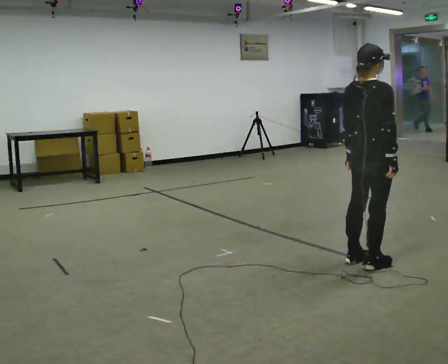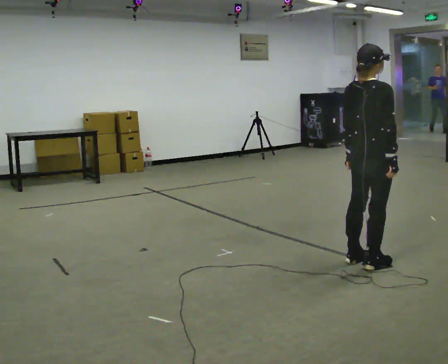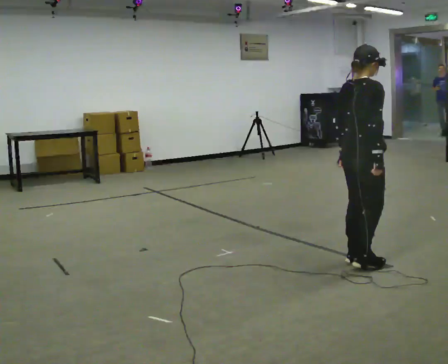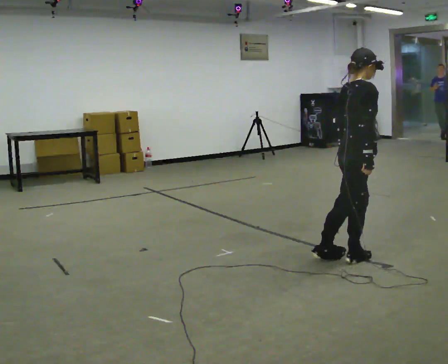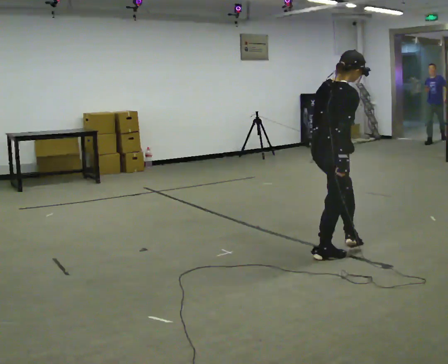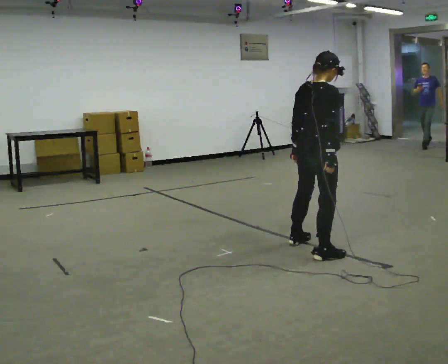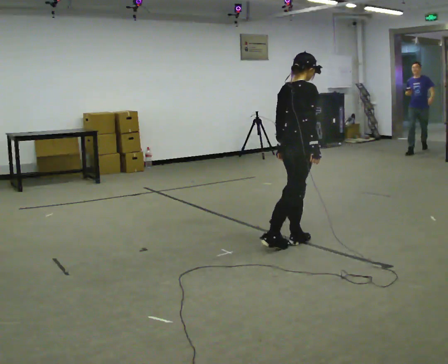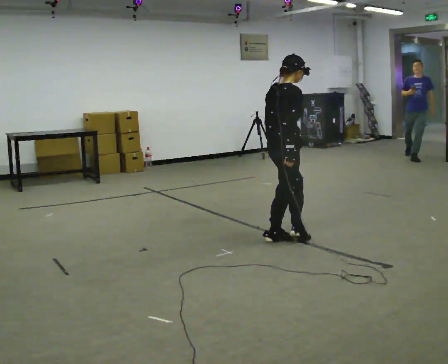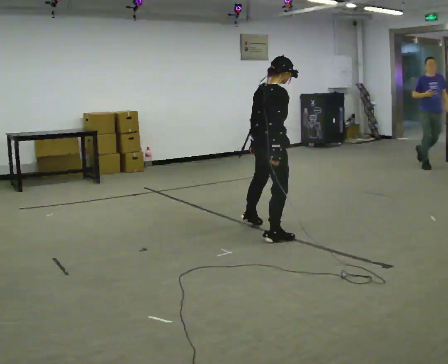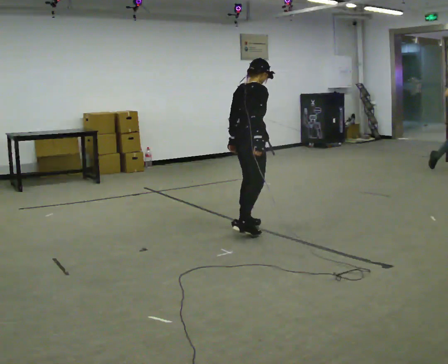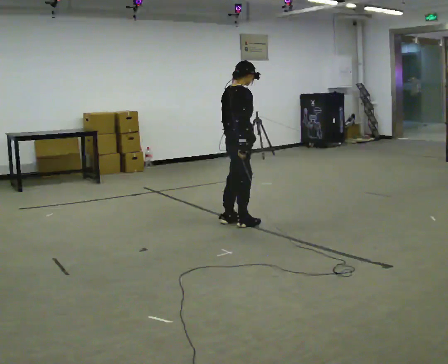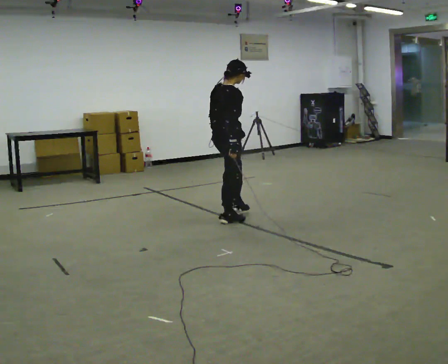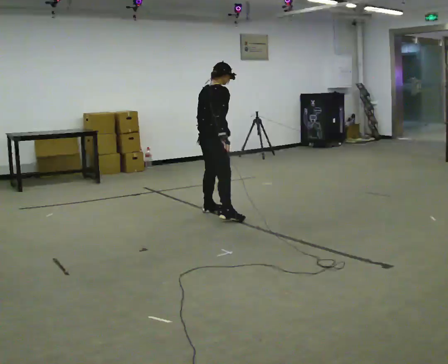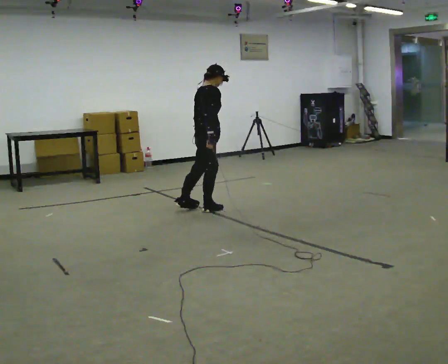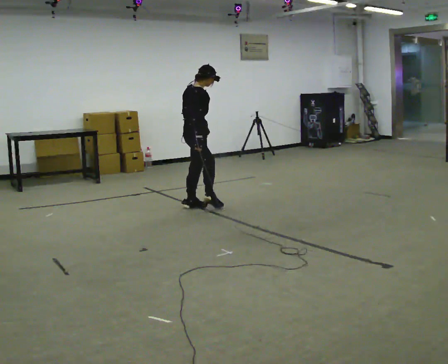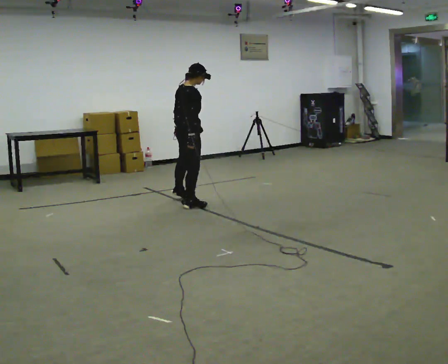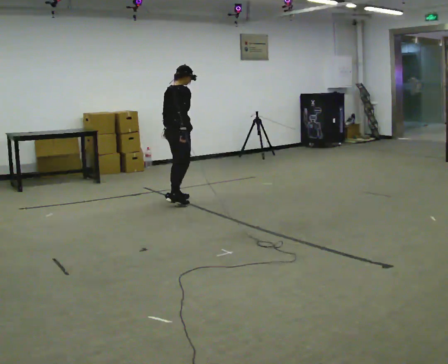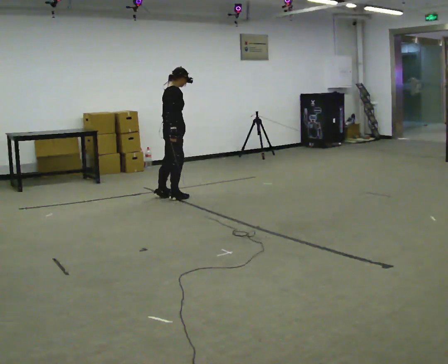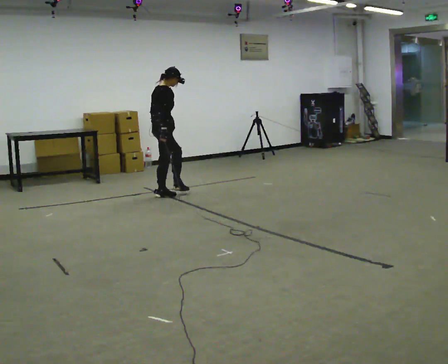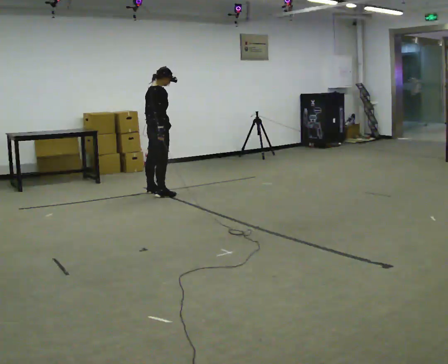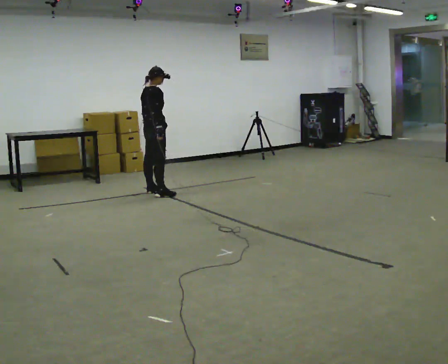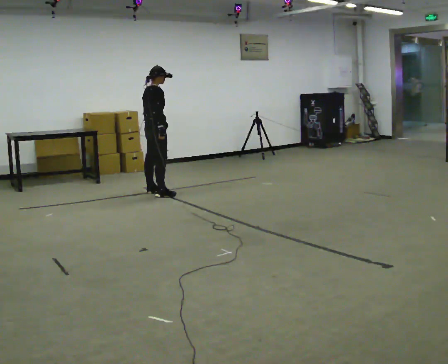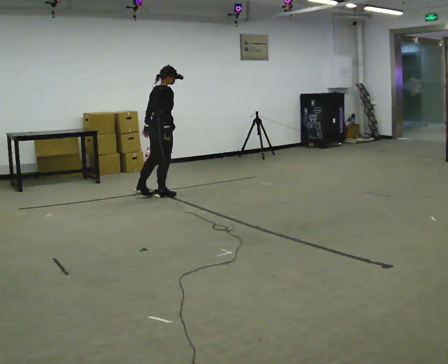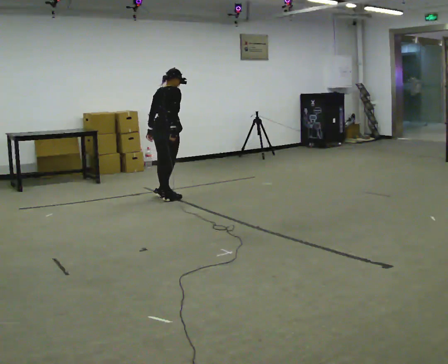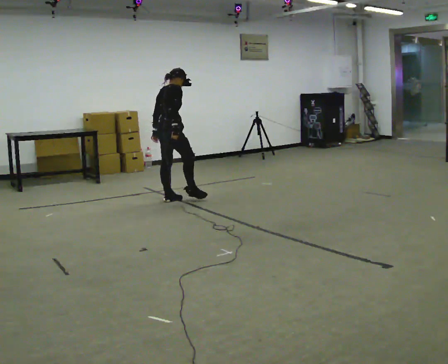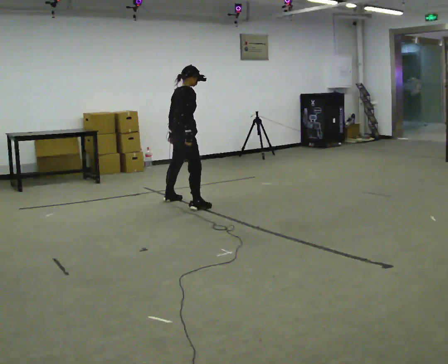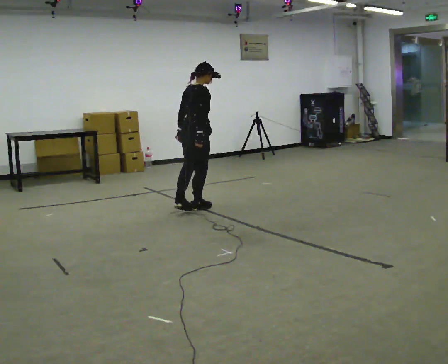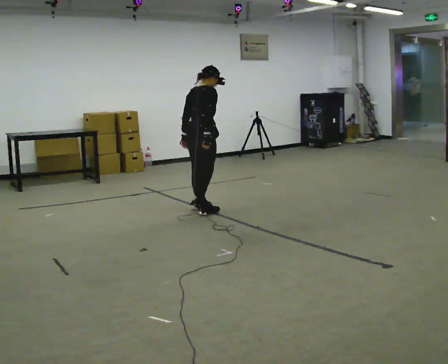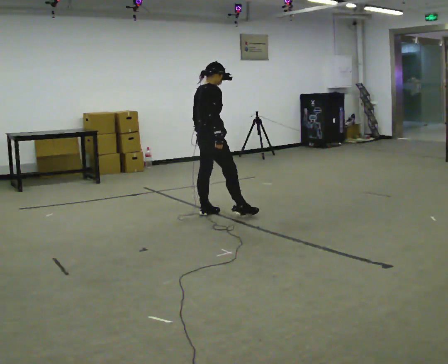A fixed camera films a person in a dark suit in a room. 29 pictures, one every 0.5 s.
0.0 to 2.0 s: In the picture they go away from the camera and to the left, about 0.25 m in 1 step, which for them is to their left.
2.0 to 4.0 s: In the picture they go away from the camera and to the left, about 0.5 m in 2 steps, which for them is to their left.
4.0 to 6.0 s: In the picture they go away from the camera and to the left, about 1 m in 3 steps, which for them is to their left.
6.0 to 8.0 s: In the picture they go away from the camera and to the left, about 1 m in 2 steps, which for them is to their left.
8.0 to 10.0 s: In the picture they go away from the camera and to the left, about 0.5 m in 2 steps, which for them is to their left.
10.0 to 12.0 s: In the picture they go toward the camera and to the right, about 0.5 m in 1 step, which for them is to their right.
12.0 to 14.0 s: In the picture they go toward the camera and to the right, about 1 m in 2 steps, which for them is to their right.
The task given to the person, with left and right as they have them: Move sideways in the direction the operator calls, crossing one foot in front and then behind, alternating.
The film runs forward here.
